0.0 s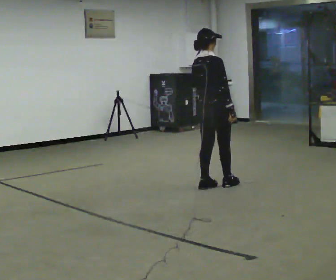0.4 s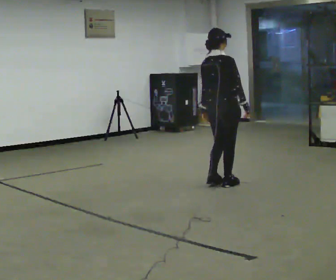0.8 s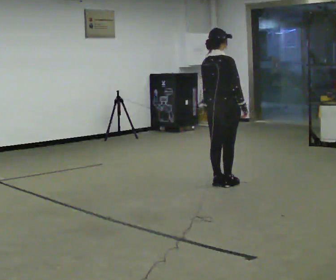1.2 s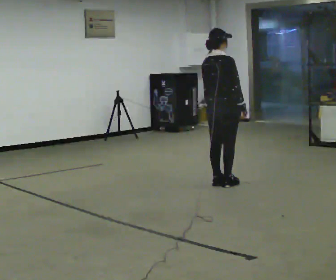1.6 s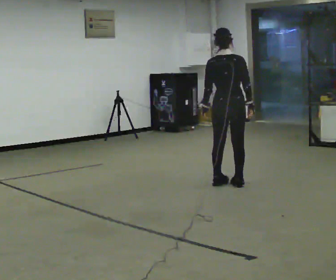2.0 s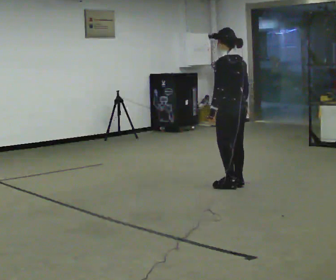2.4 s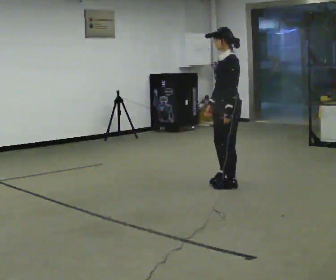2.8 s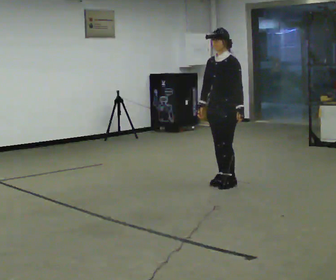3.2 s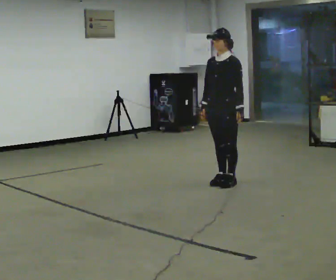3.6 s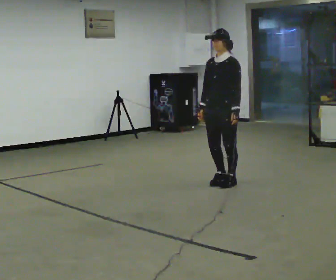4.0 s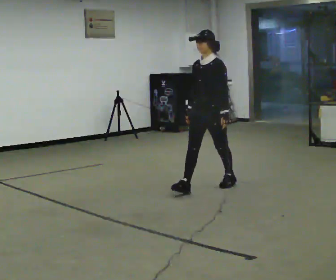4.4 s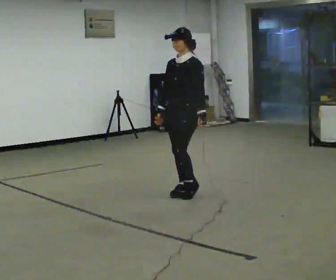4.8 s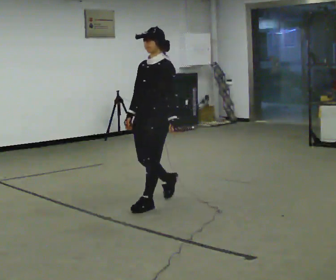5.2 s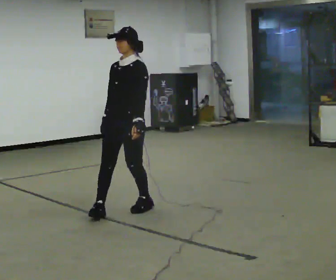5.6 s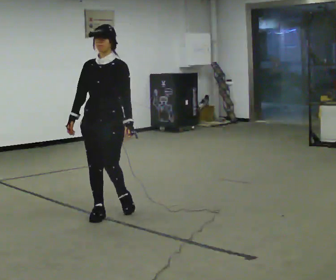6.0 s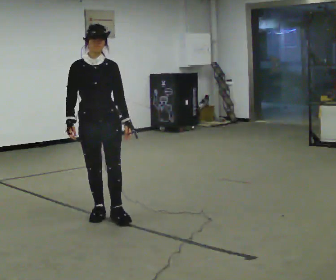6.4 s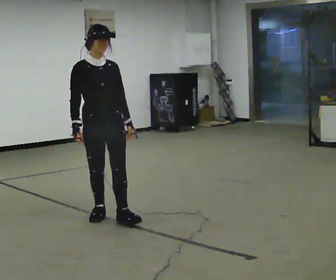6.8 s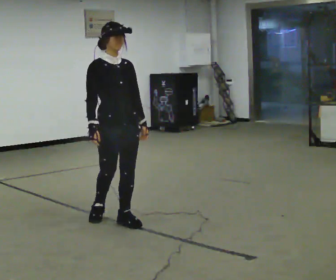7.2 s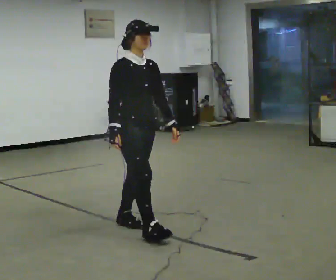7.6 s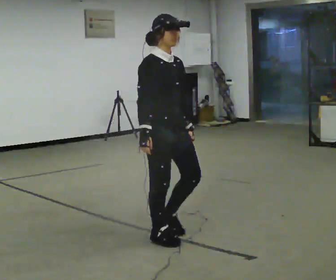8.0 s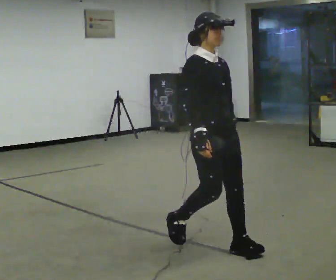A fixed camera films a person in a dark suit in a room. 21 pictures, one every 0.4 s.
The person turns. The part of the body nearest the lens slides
to the right.
The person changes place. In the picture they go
toward the camera.
0.0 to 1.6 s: The part of the body nearest the lens slides to the right as the person turns to their left by about 30 degrees. In the picture they go to the right, about 0.25 m in 2 steps, which for them is forward.
1.6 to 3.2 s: The person turns about 150 degrees to their left, counterclockwise seen from above, so the part of the body nearest the lens slides to the right. In the picture their left hand goes to the right, the arm swinging counterclockwise.
3.2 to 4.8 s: In the picture they go toward the camera and to the left, about 1 m in 2 steps, which for them is forward.
4.8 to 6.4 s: Seen from above the body turns counterclockwise, about 75 degrees: to their left, with its near side sliding to the right. In the picture they go toward the camera and to the left, about 0.75 m in 2 steps.
6.4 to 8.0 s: In the picture they go to the right and toward the camera, about 1 m in 2 steps, which for them is forward.
The film runs forward here.
